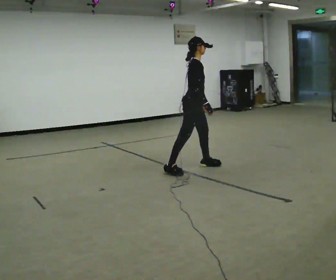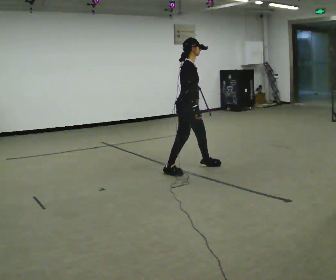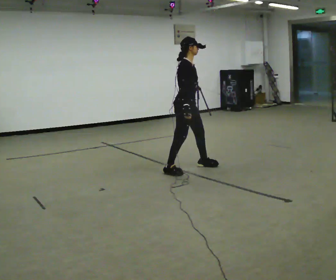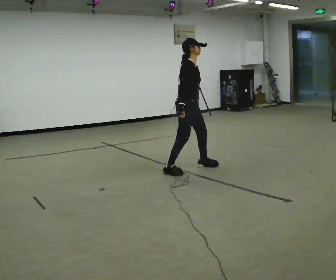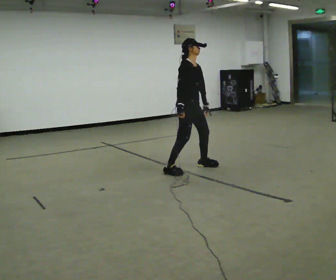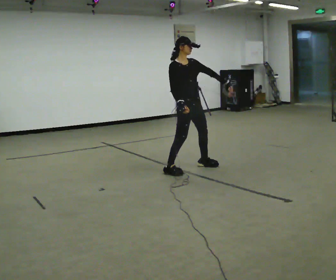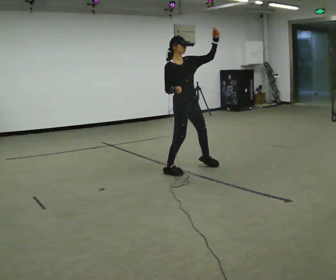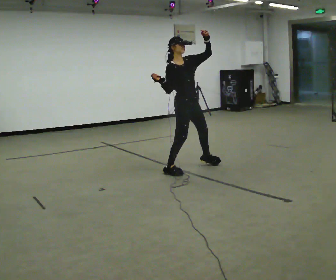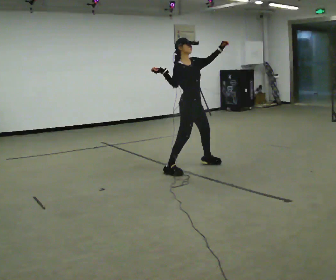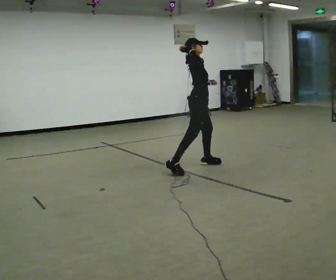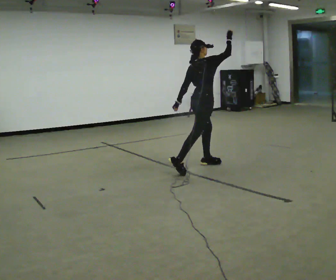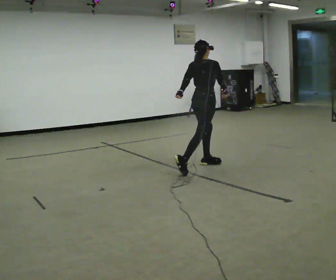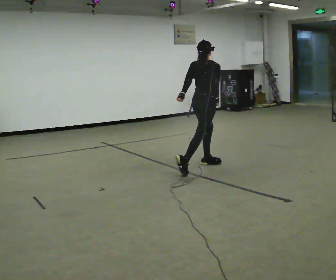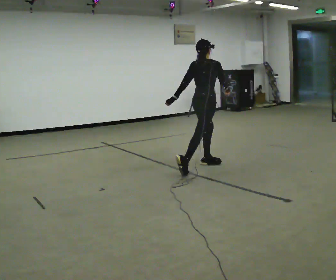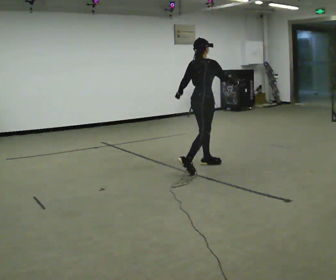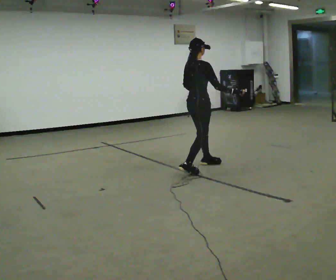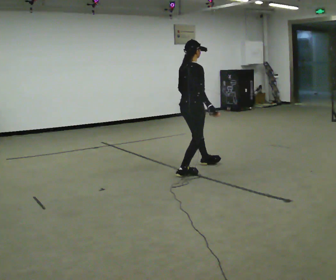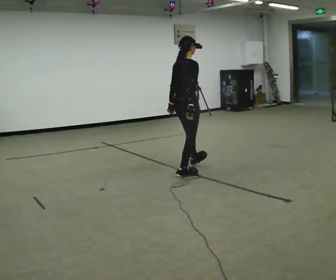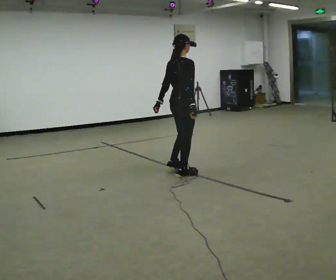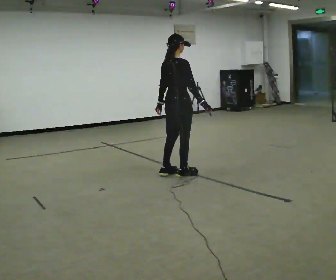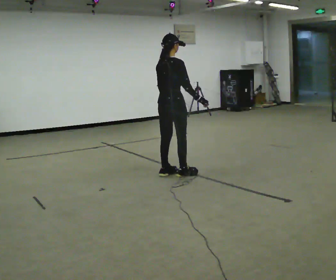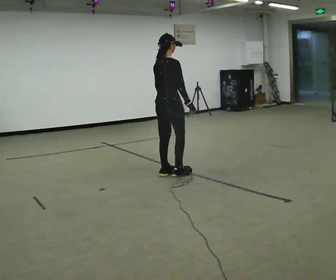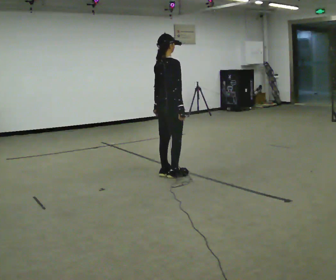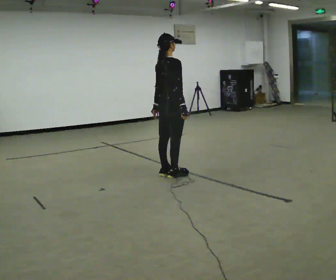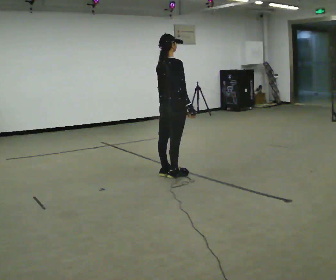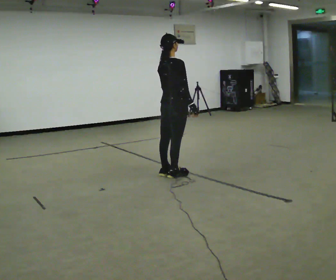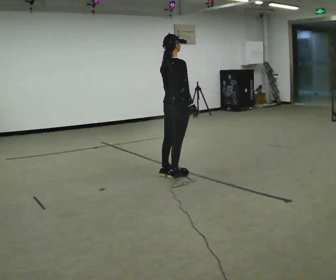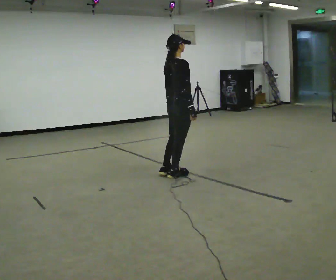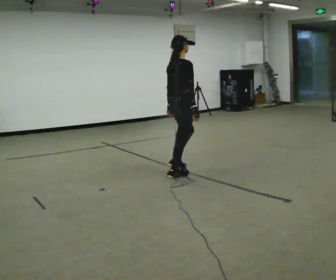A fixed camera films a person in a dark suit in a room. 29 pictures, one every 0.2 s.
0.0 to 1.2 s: The part of the body nearest the lens slides to the left as the person turns to their right by about 45 degrees. In the picture the upper body tilts counterclockwise, shoulders to the left. In the picture their left hand goes upward, the arm swinging counterclockwise.
1.2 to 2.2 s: The person turns about 105 degrees to their left, counterclockwise seen from above, so the part of the body nearest the lens slides to the right. In the picture they go to the right and away from the camera, about 0.25 m. In the picture the upper body tilts clockwise, shoulders to the right, as they bend forward. In the picture their left hand goes downward, the arm swinging clockwise.
2.2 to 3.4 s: In the picture they go toward the camera and to the left, about 0.25 m, which for them is backward and to their right.
3.4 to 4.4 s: In the picture they go to the left, about 0.25 m in 1 step, which for them is backward.
4.4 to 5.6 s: The person moves a little, or ends about where they began.
The film runs forward here.
